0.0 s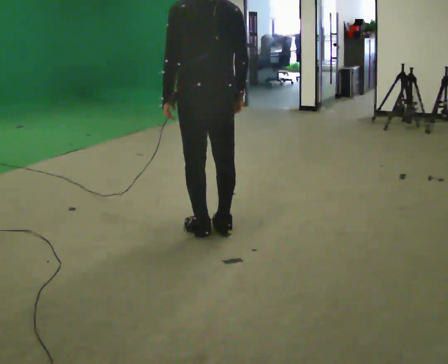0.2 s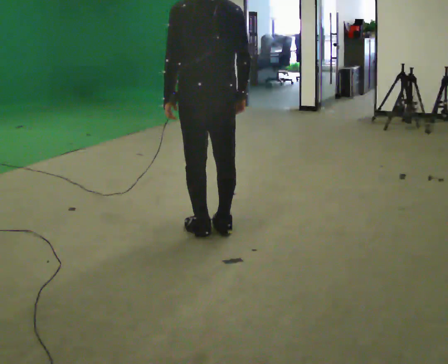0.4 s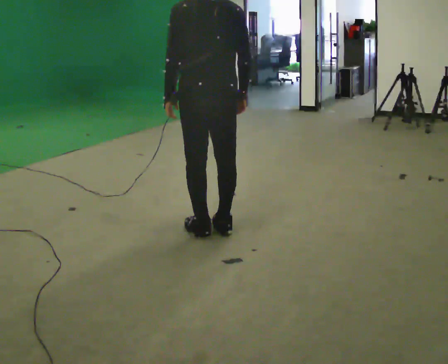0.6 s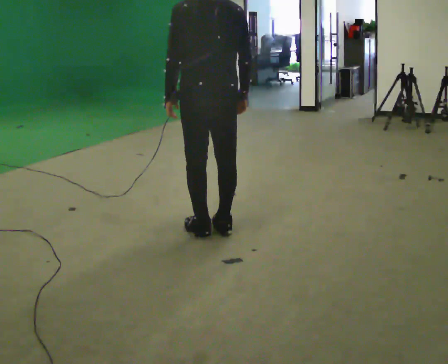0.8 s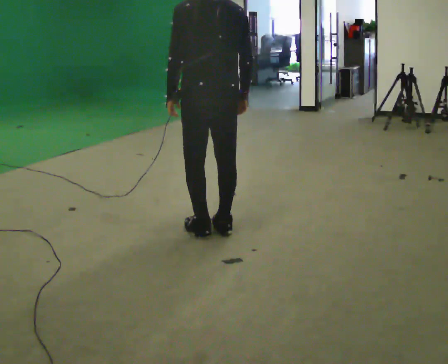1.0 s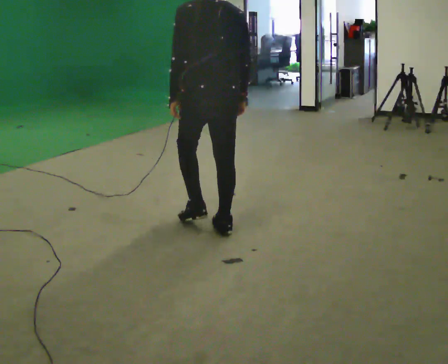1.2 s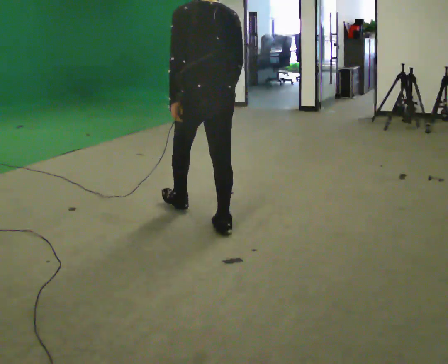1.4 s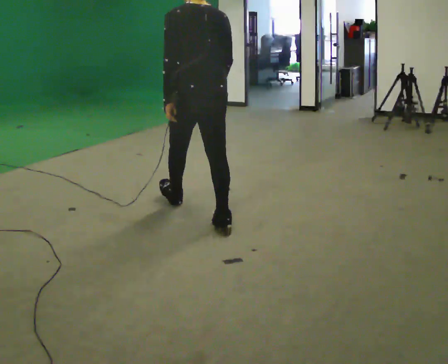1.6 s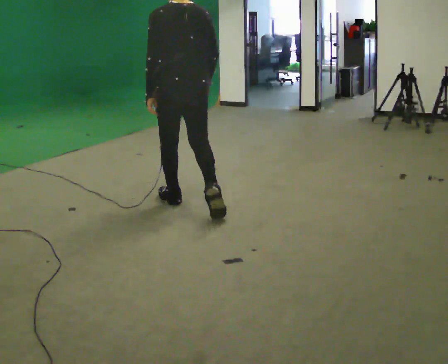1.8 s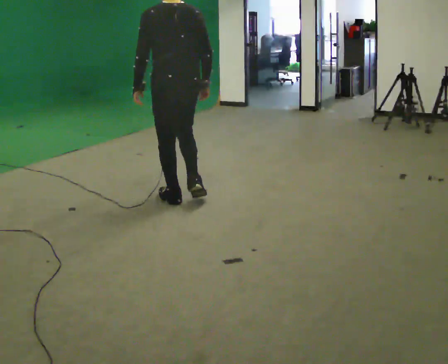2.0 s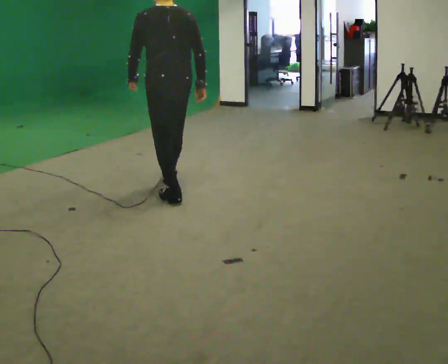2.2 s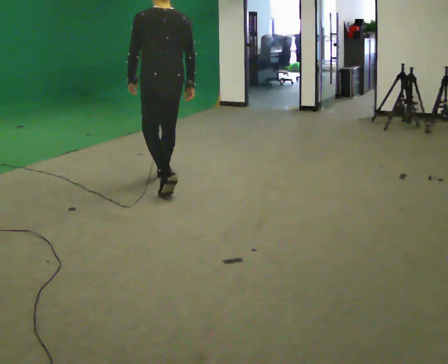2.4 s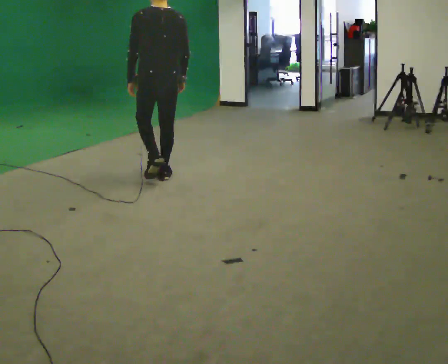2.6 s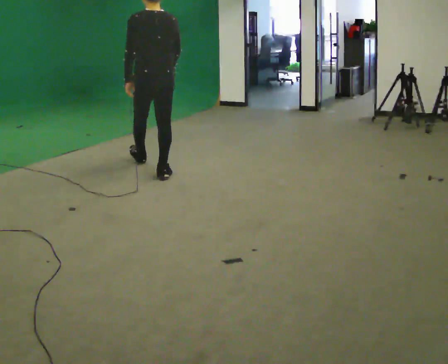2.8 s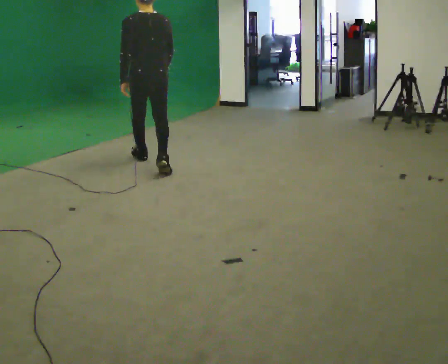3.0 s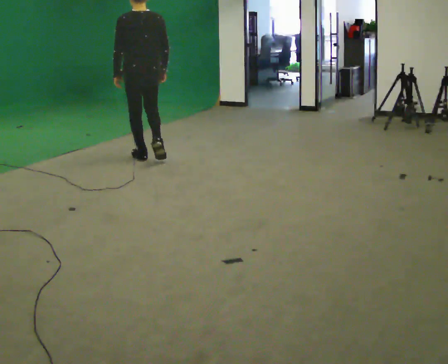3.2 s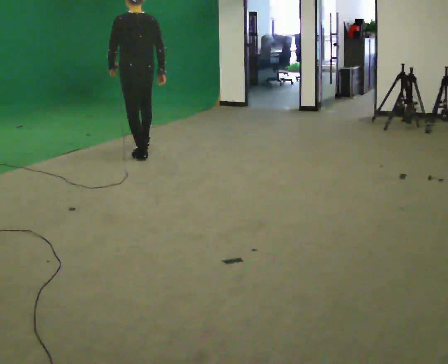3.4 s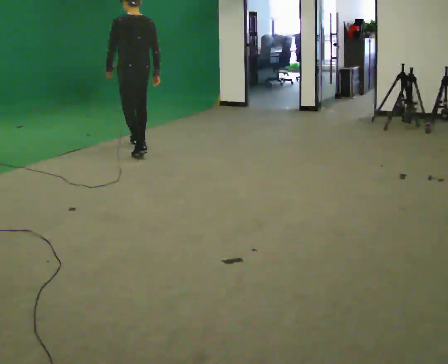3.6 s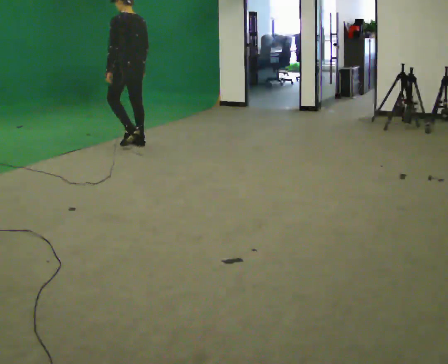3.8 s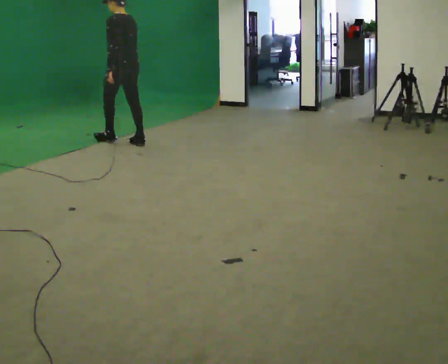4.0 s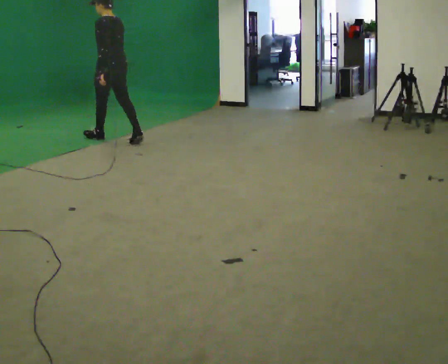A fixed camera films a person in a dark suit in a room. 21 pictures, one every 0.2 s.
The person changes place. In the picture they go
away from the camera.
0.0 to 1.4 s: In the picture they go away from the camera, about 0.25 m in 1 step, which for them is forward.
1.4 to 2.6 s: In the picture they go away from the camera, about 1 m in 1 step, which for them is forward.
2.6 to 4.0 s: The part of the body nearest the lens slides to the right as the person turns to their left by about 45 degrees. In the picture they go away from the camera and to the left, about 1.5 m in 3 steps, which for them is forward.
The film runs forward here.
